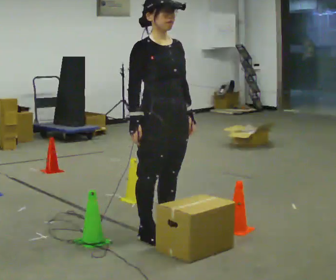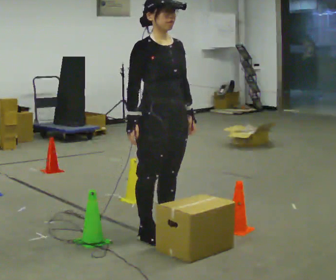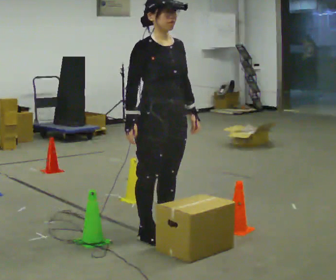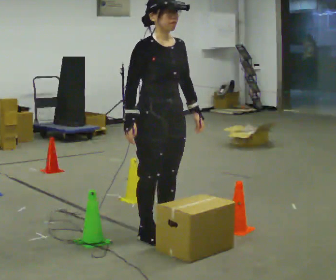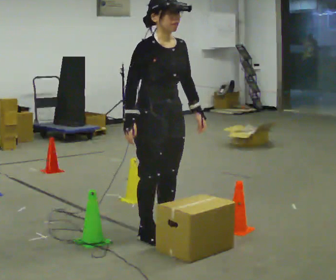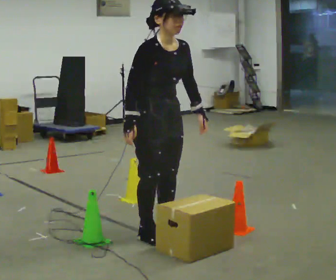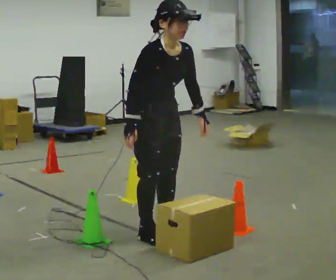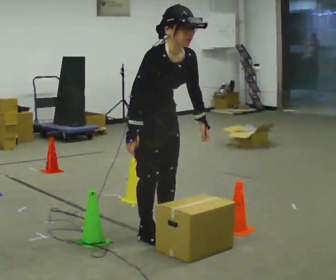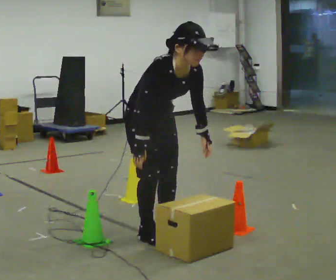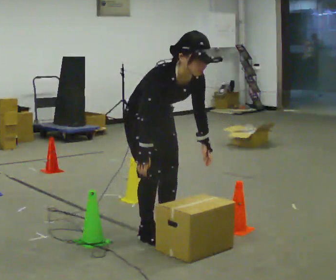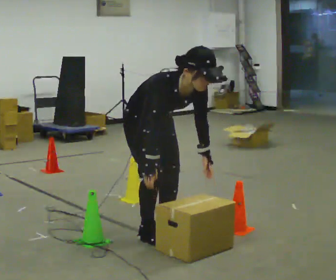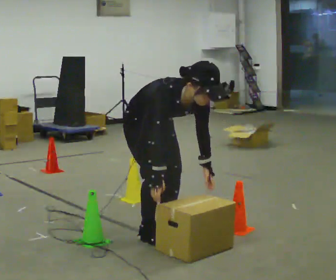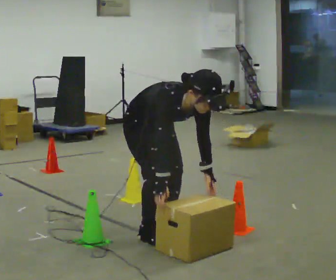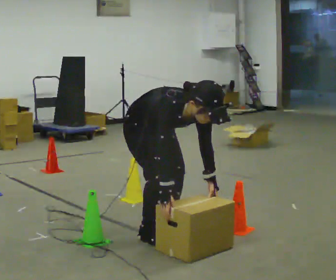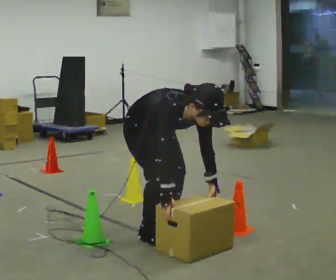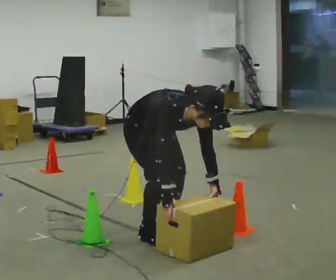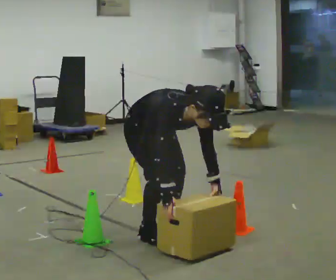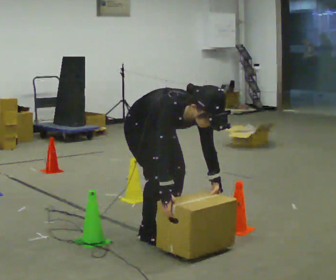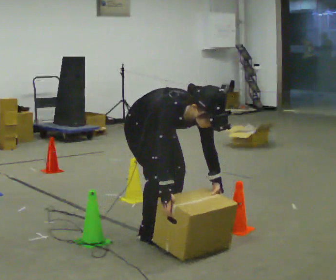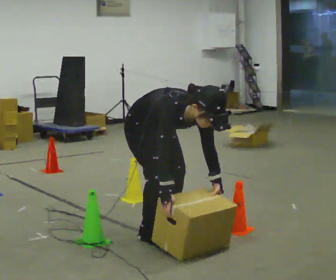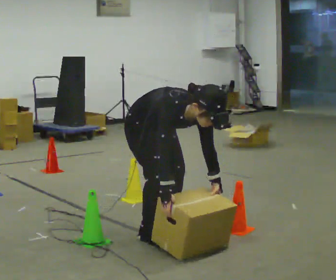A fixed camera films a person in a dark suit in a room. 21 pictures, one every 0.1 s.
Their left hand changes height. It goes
downward.
The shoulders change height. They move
downward.
0.0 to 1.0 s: The upper body goes downward. The upper body tips toward the camera, its near side rolling downward, as they bend forward.
1.0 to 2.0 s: The upper body goes downward. The upper body tips toward the camera, its near side rolling downward, as they bend forward.
The film runs backward here.
